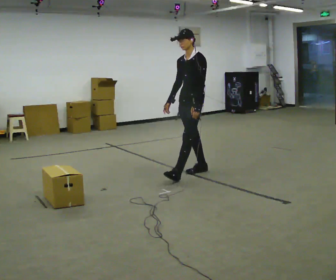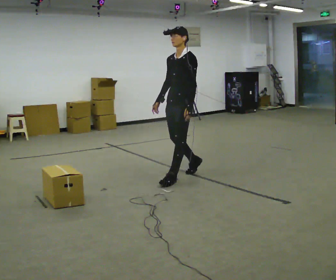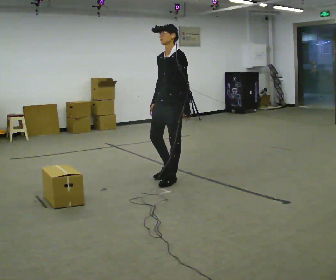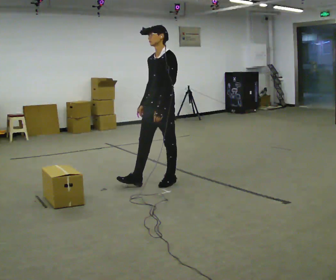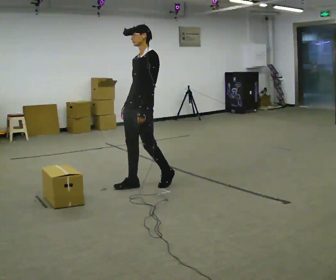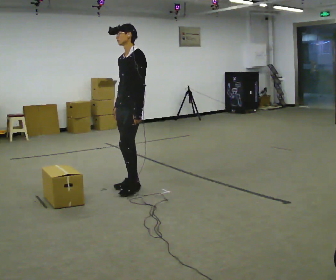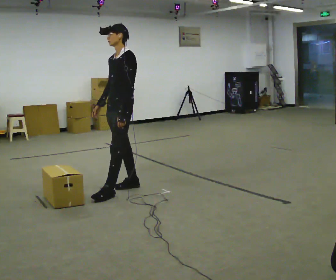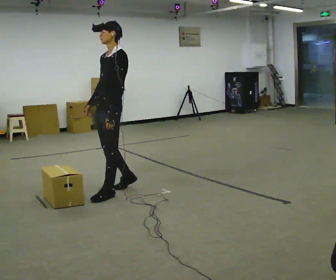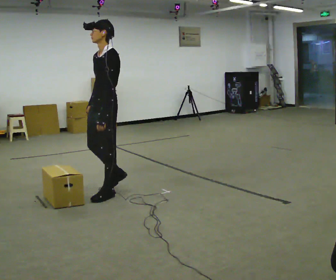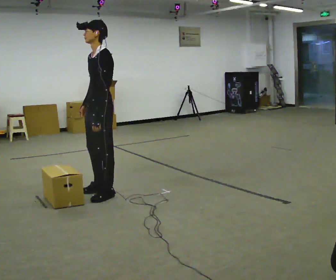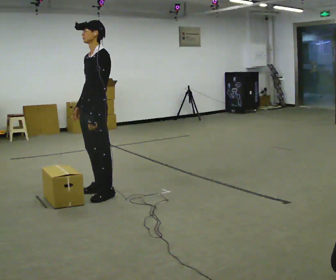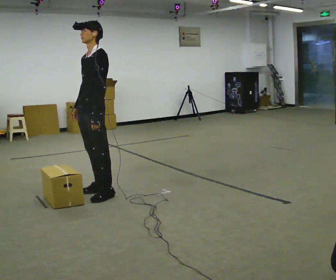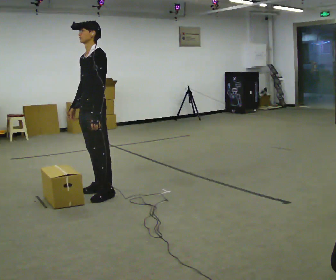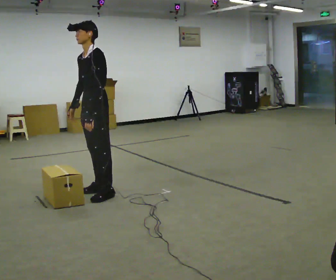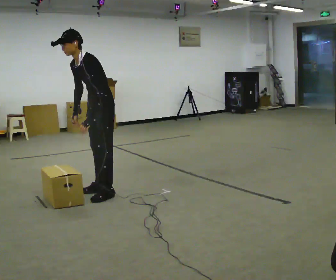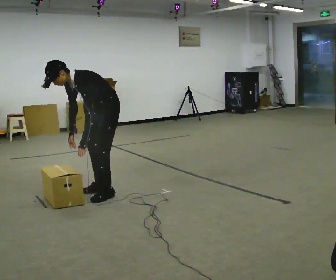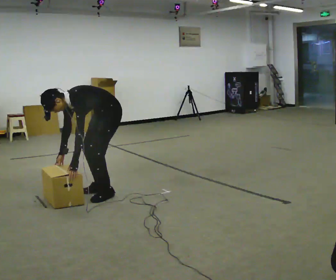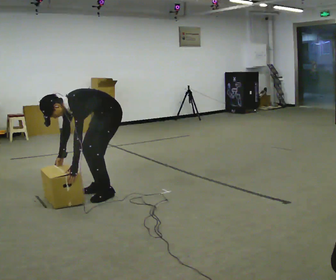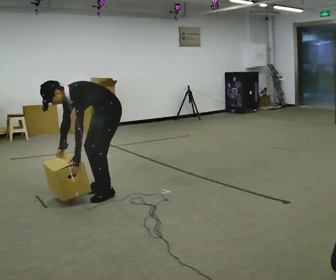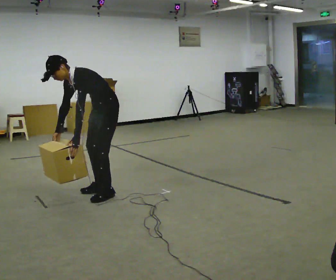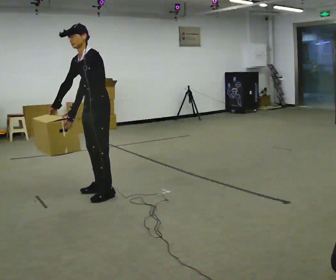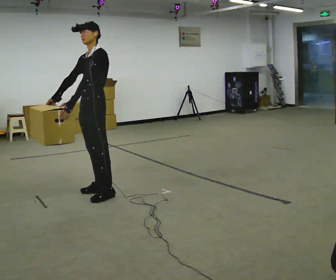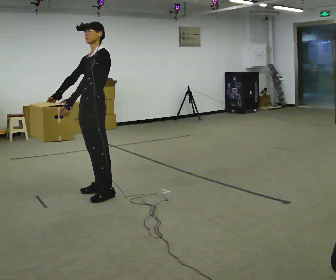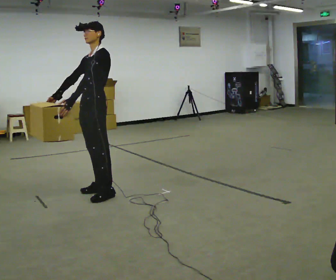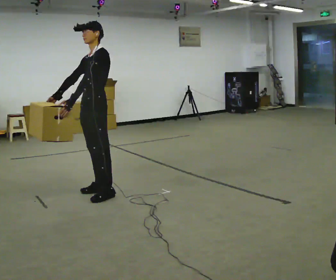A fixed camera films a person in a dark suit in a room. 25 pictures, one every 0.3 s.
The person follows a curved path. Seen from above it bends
clockwise.
0.0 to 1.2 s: In the picture they go to the left and toward the camera, about 0.5 m in 2 steps, which for them is forward.
1.2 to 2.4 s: In the picture they go to the left and toward the camera, about 0.5 m in 1 step, which for them is forward.
2.4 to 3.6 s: The person moves a little, or ends about where they began.
3.6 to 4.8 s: In the picture they go to the right, about 0.25 m, which for them is backward. The shoulders move downward. In the picture the upper body tilts counterclockwise, shoulders to the left, as they bend forward. In the picture their right hand goes downward.
4.8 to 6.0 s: The upper body goes upward. In the picture the upper body tilts clockwise, shoulders to the right, as they lean back or straighten. In the picture their right hand goes upward.
6.0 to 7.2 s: In the picture the upper body tilts clockwise, shoulders to the right, as they lean back or straighten.
The film runs backward here.
